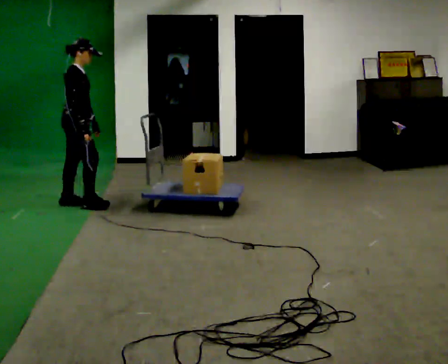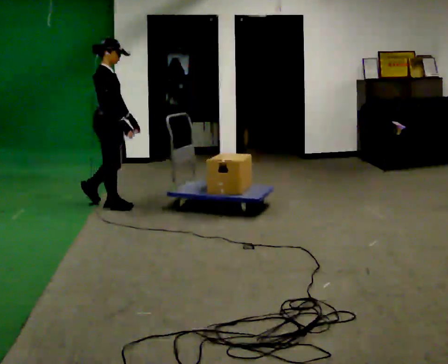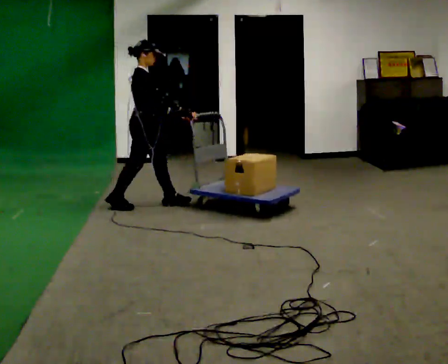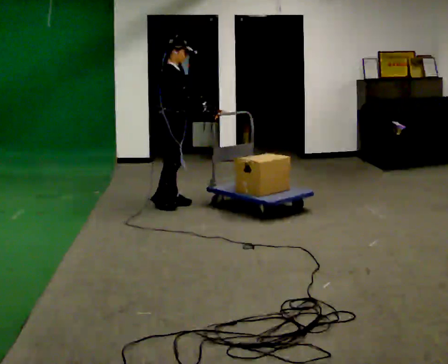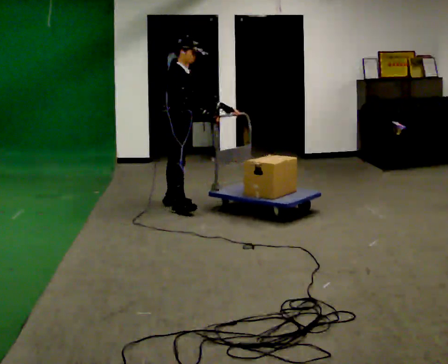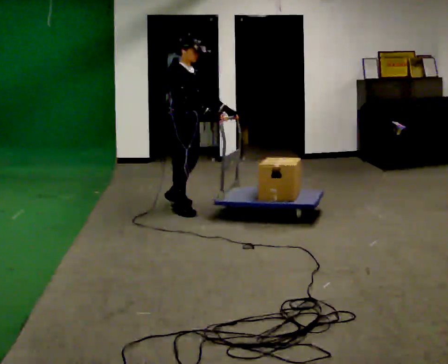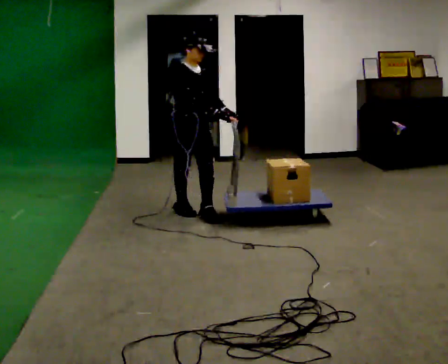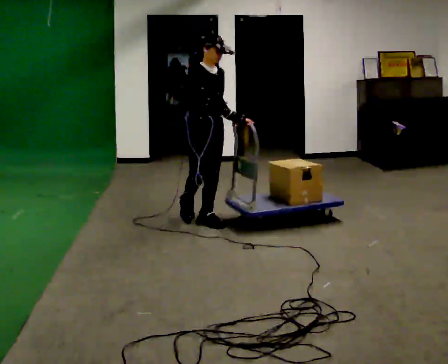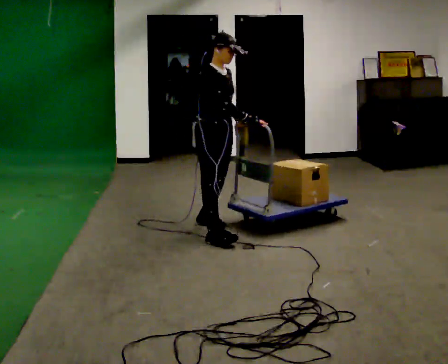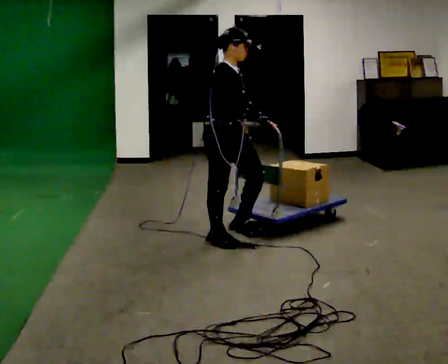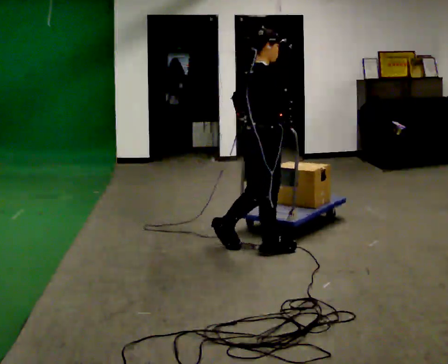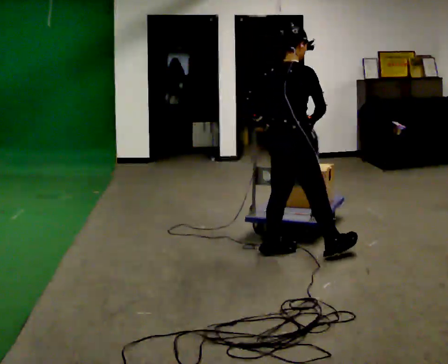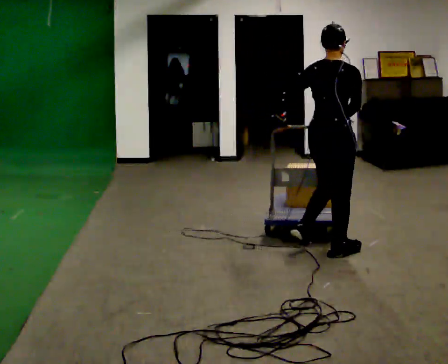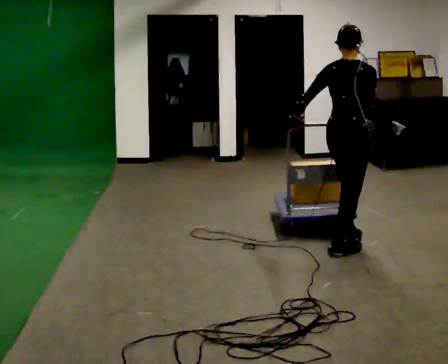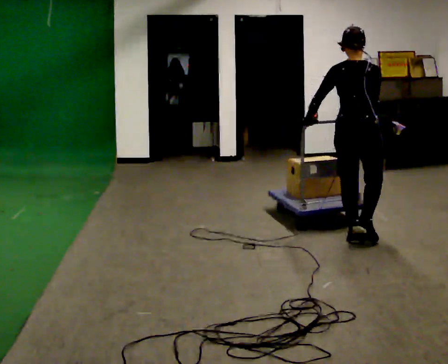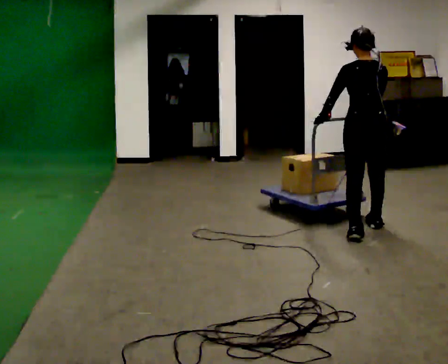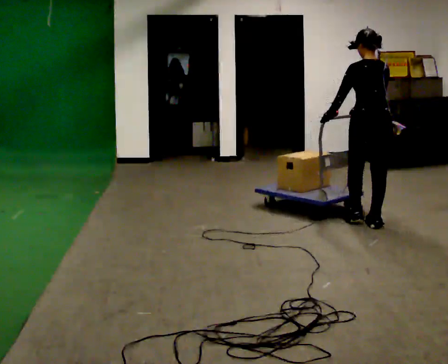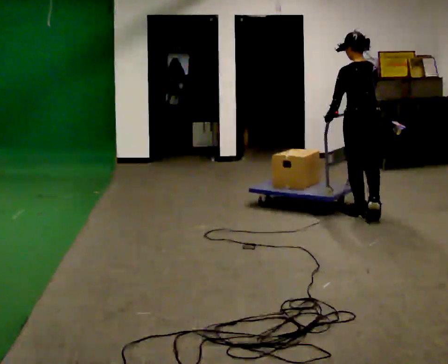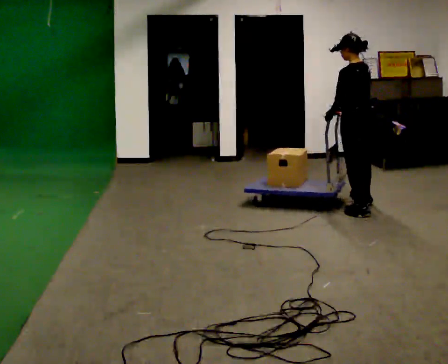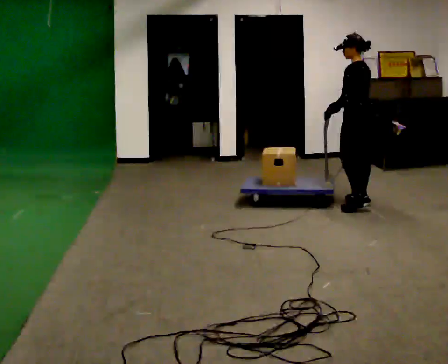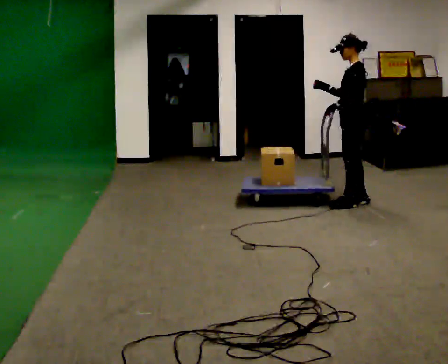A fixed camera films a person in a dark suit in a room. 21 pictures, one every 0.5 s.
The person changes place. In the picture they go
to the right.
0.0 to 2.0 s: In the picture they go to the right, about 1 m in 3 steps, which for them is forward.
2.0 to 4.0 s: In the picture they go toward the camera and to the right, about 1 m in 2 steps, which for them is forward and to their right.
4.0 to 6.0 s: The part of the body nearest the lens slides to the right as the person turns to their left by about 90 degrees. In the picture they go to the right and toward the camera, about 1 m in 2 steps.
6.0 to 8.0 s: The part of the body nearest the lens slides to the right as the person turns to their left by about 45 degrees. In the picture they go away from the camera and to the right, about 1 m in 2 steps, which for them is forward.
8.0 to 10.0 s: The part of the body nearest the lens slides to the right as the person turns to their left by about 75 degrees. In the picture they go away from the camera, about 0.75 m in 3 steps.
The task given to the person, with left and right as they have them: Stand still with your hands on the cart. When the operator says go, get it moving, push it a few metres, then bring it to a stop. Repeat until the operator says stop.
The film runs forward here.
